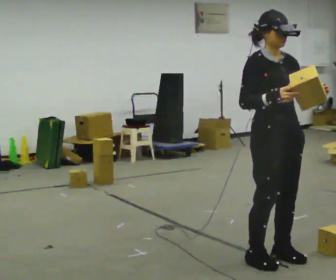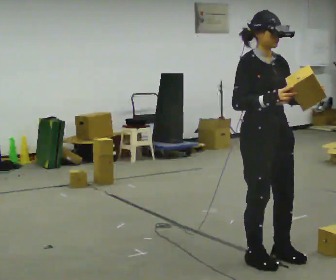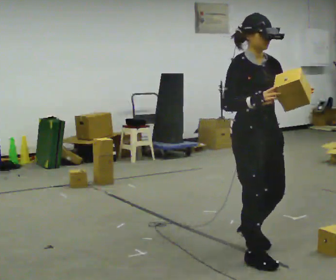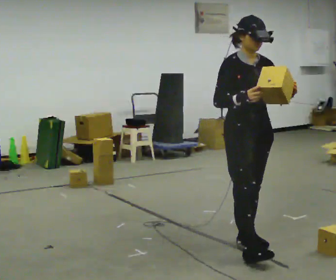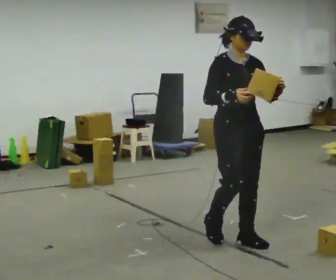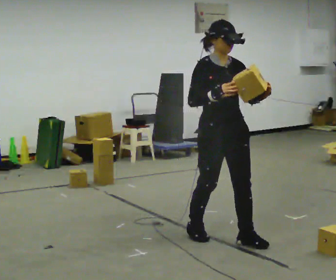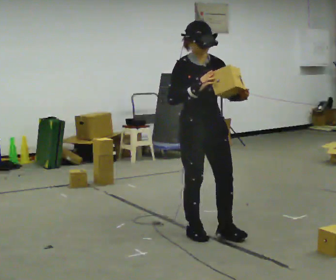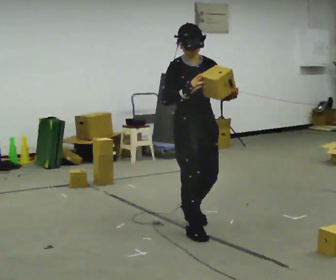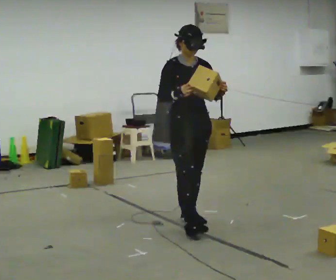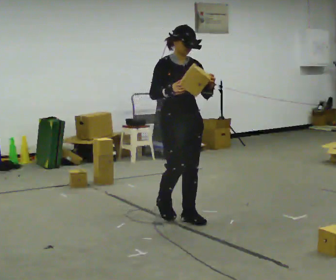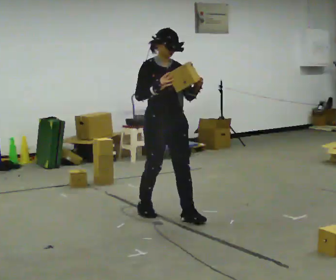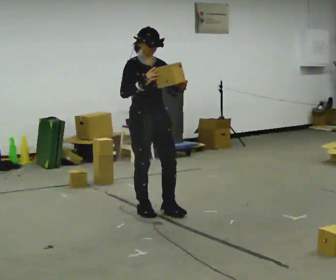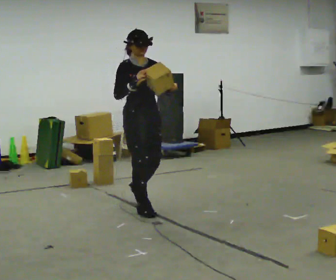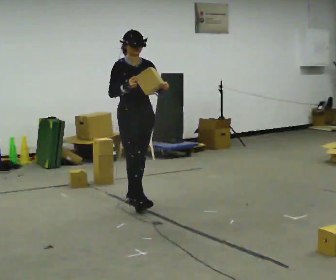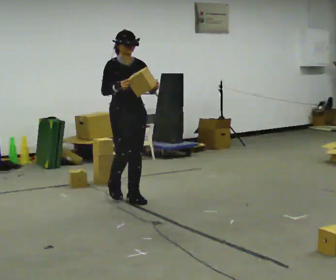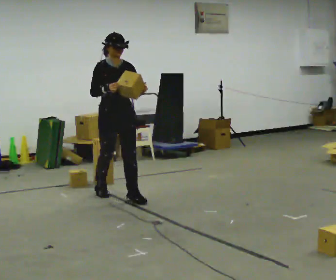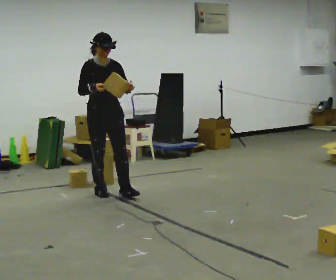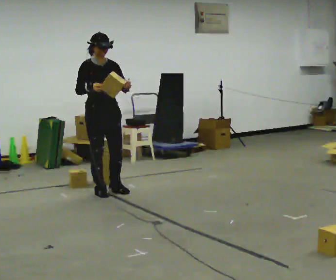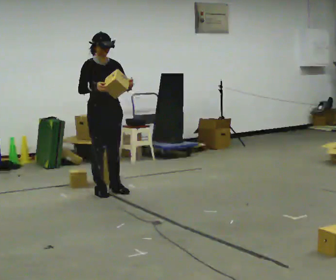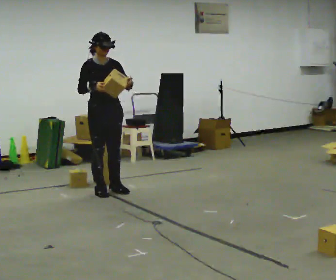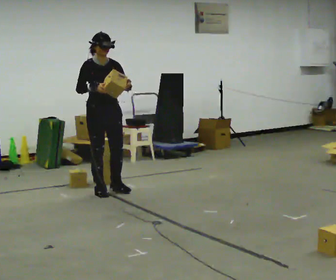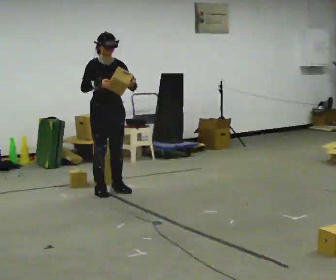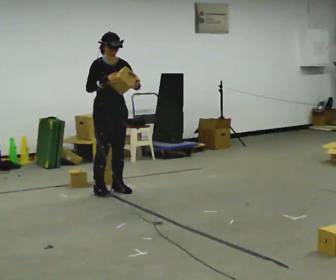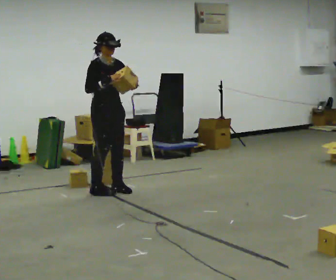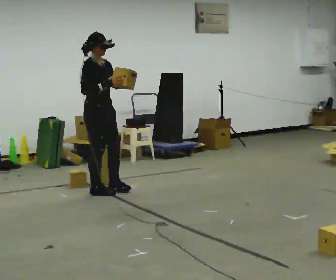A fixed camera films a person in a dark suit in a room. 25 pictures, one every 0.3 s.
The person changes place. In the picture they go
away from the camera.
0.0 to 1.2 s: In the picture they go away from the camera and to the left, about 0.5 m in 2 steps, which for them is backward.
1.2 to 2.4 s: In the picture they go away from the camera and to the left, about 0.75 m in 2 steps, which for them is backward.
2.4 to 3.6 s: In the picture they go away from the camera and to the left, about 0.75 m in 1 step, which for them is backward.
3.6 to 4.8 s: In the picture they go away from the camera and to the left, about 0.75 m in 2 steps, which for them is backward.
4.8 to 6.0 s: The person moves a little, or ends about where they began.
6.0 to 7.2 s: Seen from above the body turns counterclockwise, about 30 degrees: to their left, with its near side sliding to the right.
The film runs backward here.
